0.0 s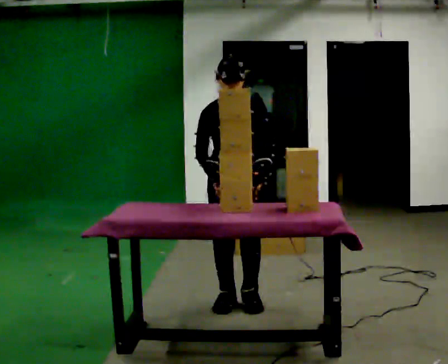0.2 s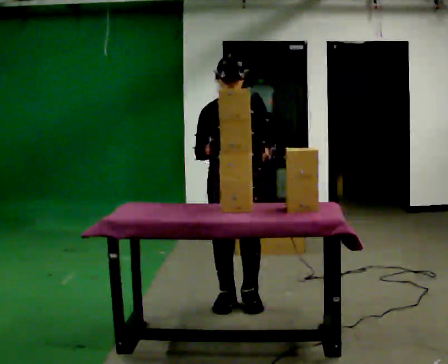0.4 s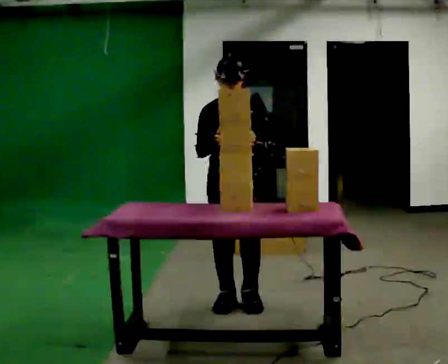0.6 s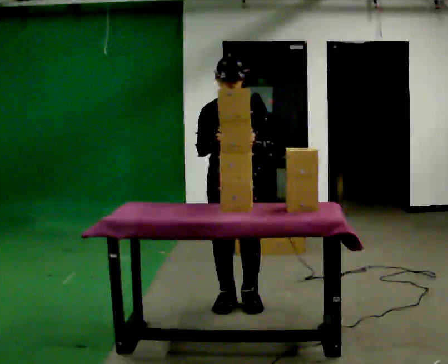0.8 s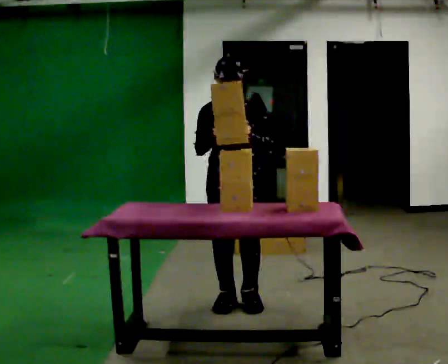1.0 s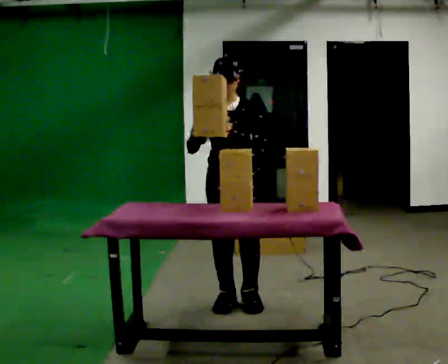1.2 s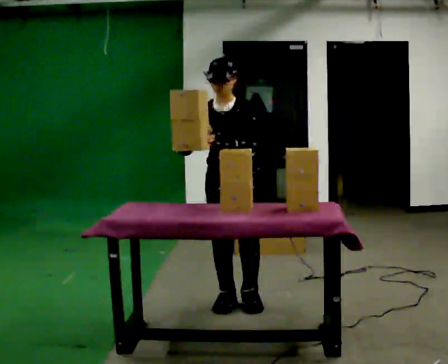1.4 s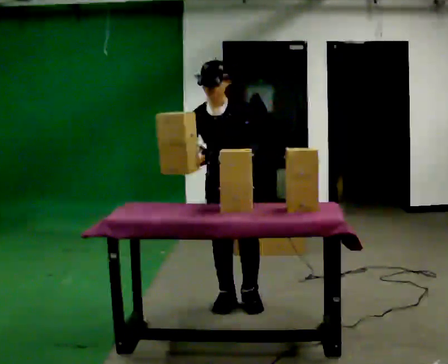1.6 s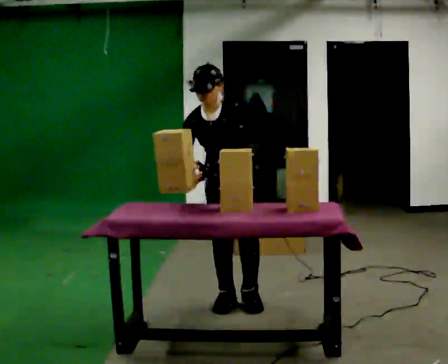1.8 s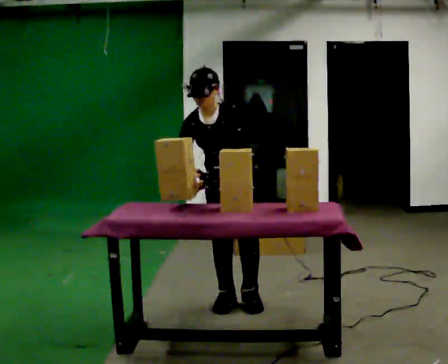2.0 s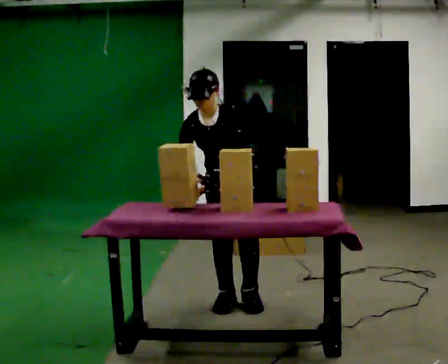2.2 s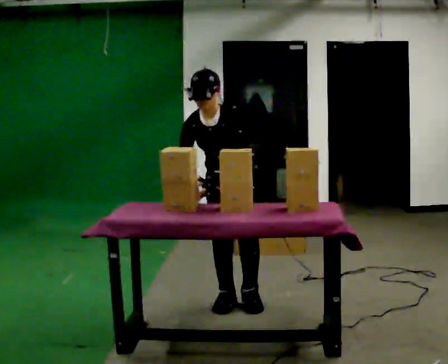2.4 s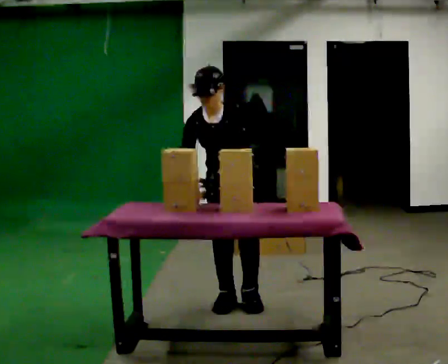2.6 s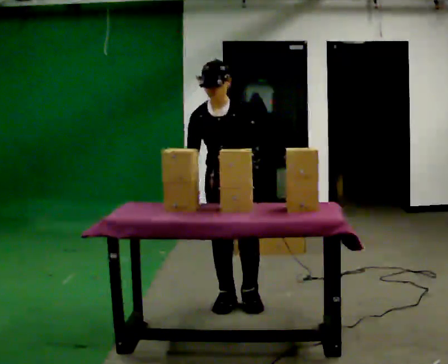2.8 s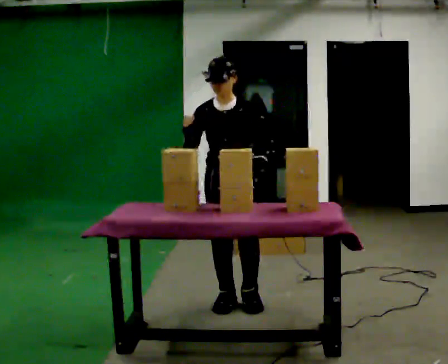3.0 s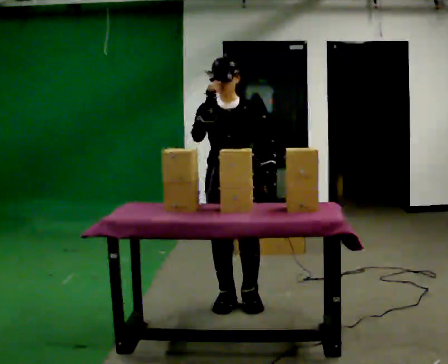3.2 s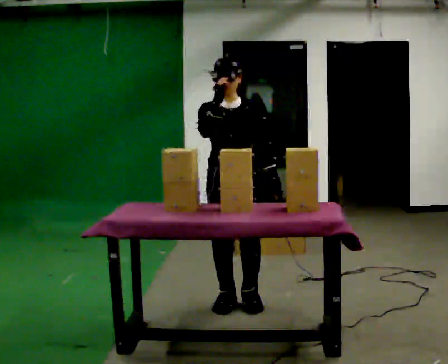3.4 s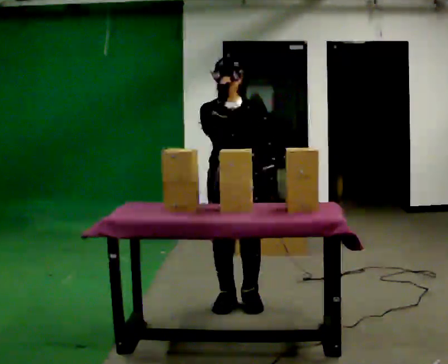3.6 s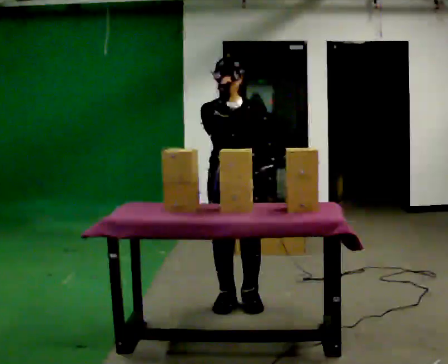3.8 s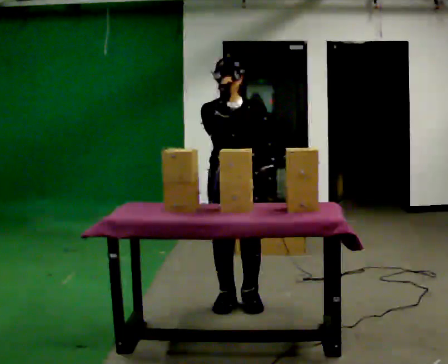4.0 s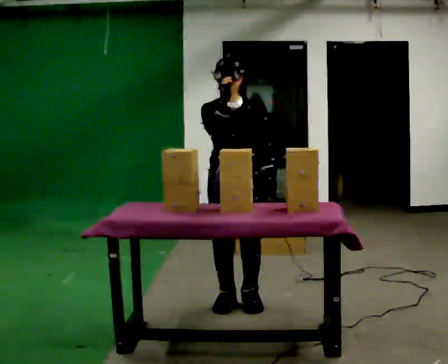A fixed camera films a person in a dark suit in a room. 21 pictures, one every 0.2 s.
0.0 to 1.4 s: In the picture their left hand goes to the left.
1.4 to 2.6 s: The person moves a little, or ends about where they began.
2.6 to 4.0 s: The upper body tips away from the camera, its near side rolling upward, as they lean back or straighten. In the picture their right hand goes upward.
The film runs forward here.
